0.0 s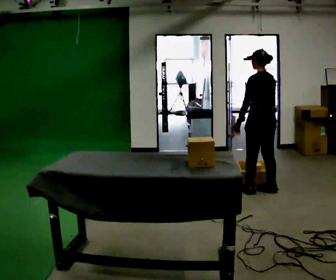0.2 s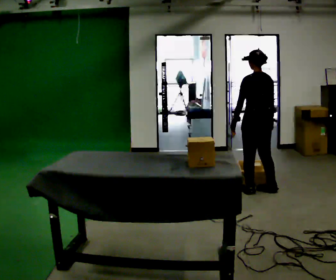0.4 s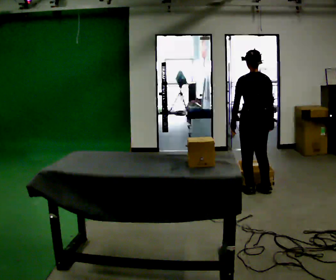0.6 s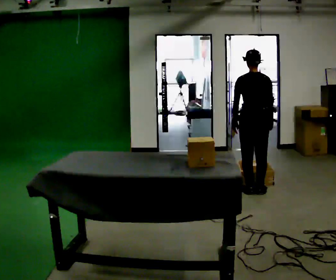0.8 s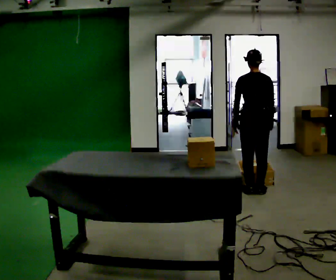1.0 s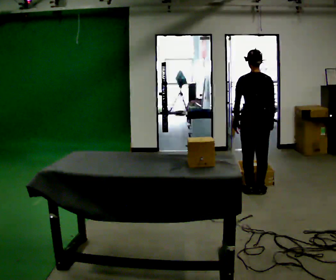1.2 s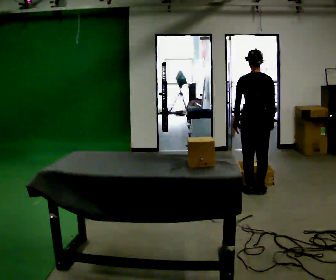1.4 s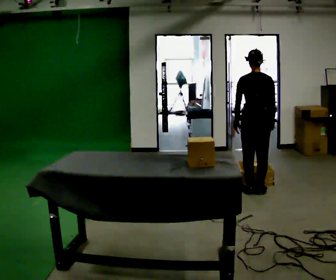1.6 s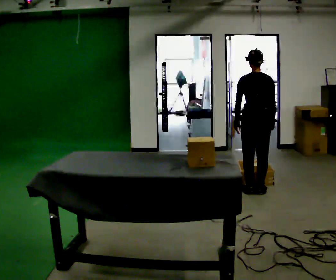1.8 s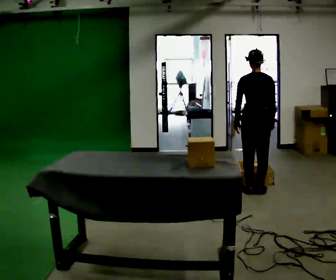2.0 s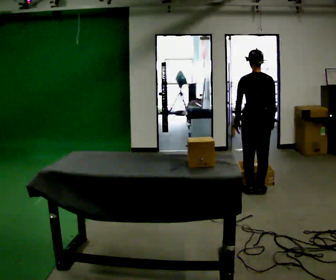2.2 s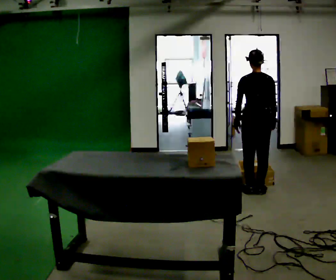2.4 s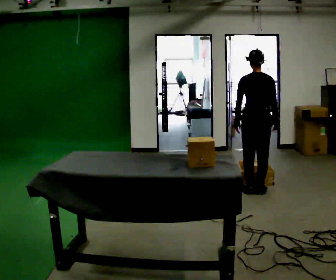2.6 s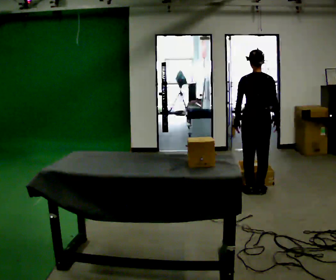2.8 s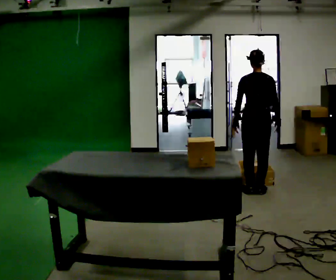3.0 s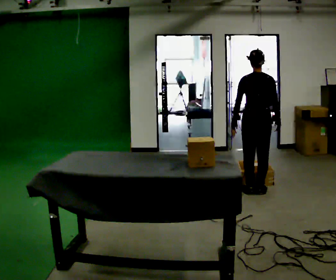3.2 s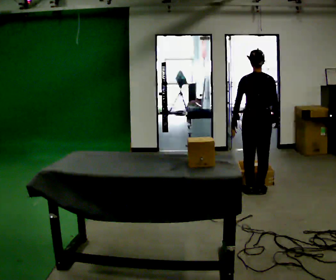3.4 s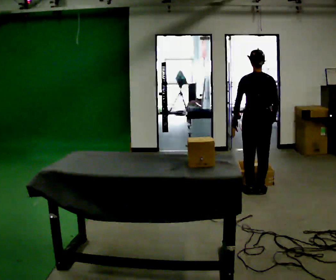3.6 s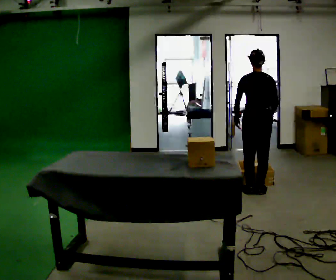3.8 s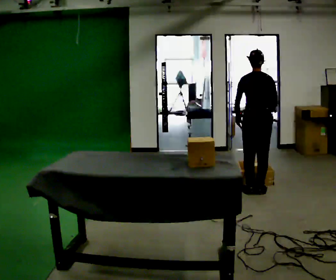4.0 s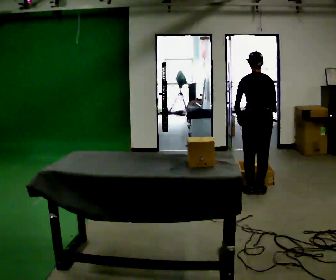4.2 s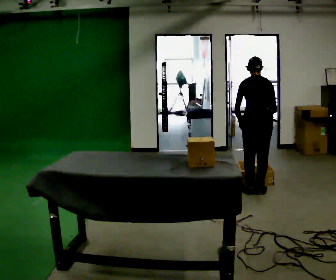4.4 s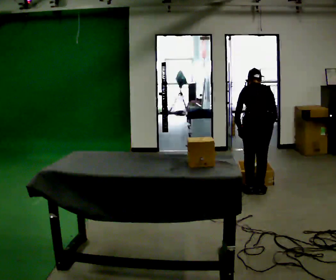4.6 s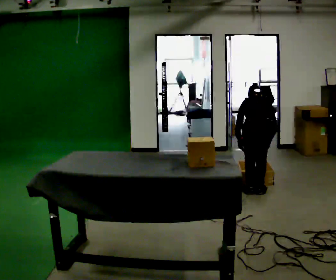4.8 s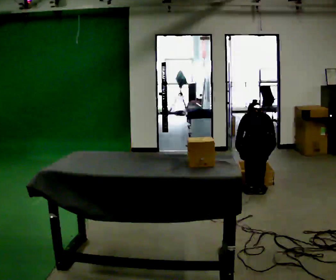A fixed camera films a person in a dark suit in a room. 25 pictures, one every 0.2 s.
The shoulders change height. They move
downward.
Their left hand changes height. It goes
downward.
0.0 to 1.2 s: The part of the body nearest the lens slides to the left as the person turns to their right by about 45 degrees.
1.2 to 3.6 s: The person moves a little, or ends about where they began.
3.6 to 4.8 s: The upper body goes downward. The upper body tips away from the camera, its near side rolling upward, as they bend forward. In the picture their right hand goes downward.
The film runs backward here.
